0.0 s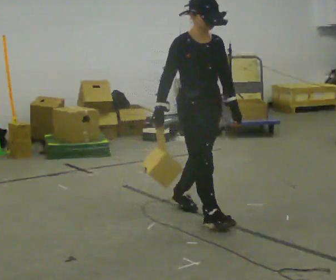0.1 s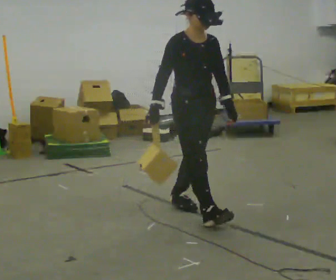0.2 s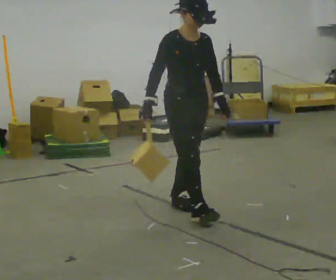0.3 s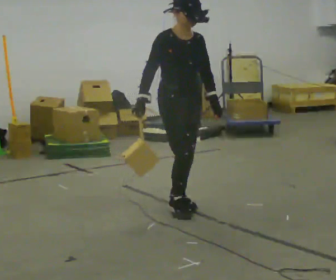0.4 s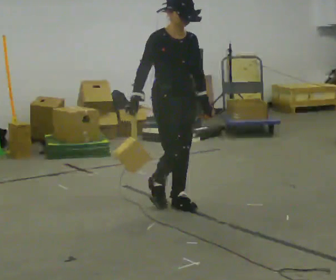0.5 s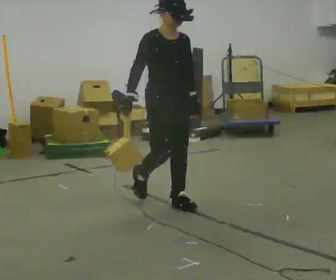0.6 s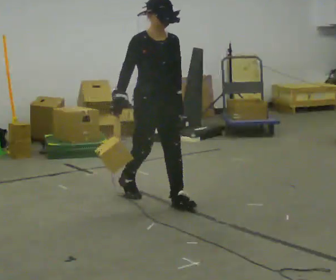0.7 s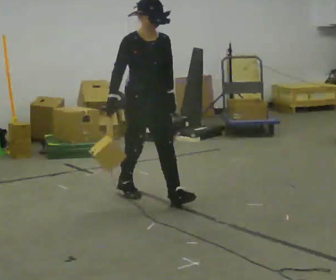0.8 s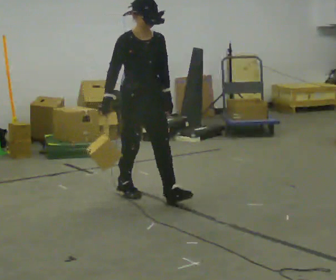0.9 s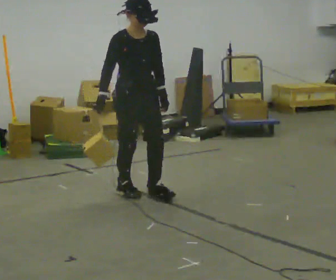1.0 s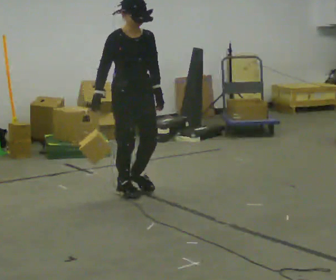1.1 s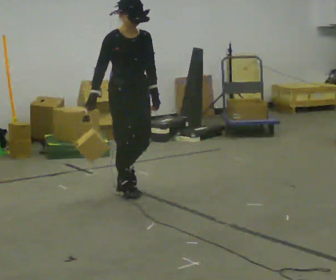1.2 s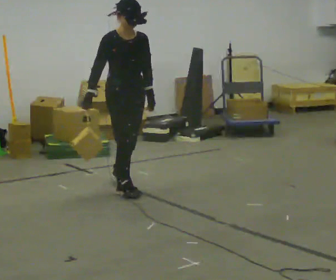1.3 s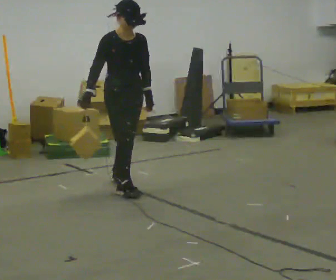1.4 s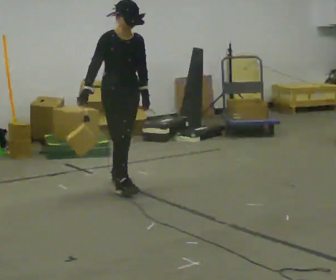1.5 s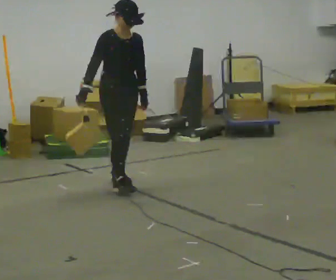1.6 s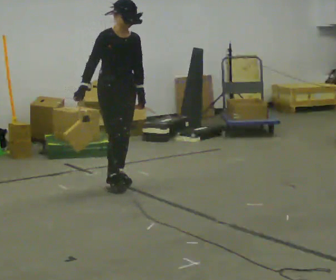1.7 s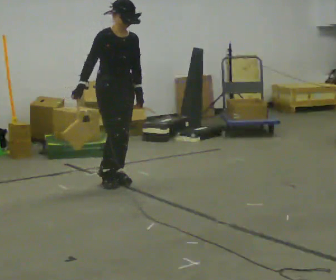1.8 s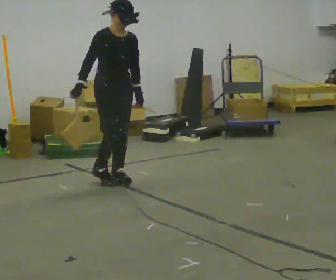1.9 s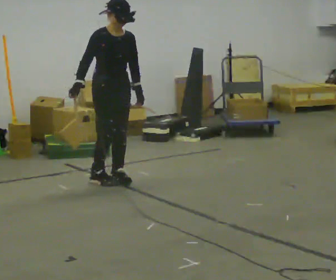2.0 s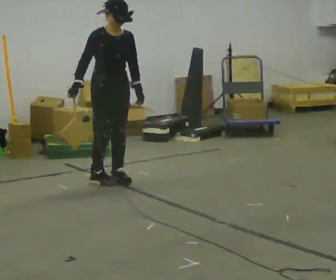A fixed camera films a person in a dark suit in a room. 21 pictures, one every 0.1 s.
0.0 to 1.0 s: In the picture they go away from the camera and to the left, about 1 m in 2 steps, which for them is backward.
1.0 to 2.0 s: In the picture they go away from the camera and to the left, about 0.5 m in 1 step, which for them is backward.
The film runs backward here.
